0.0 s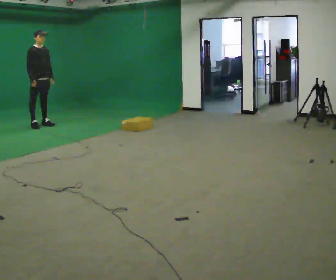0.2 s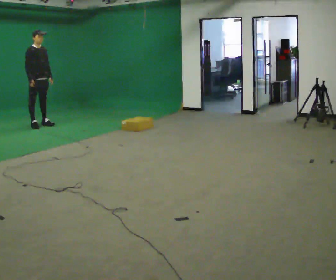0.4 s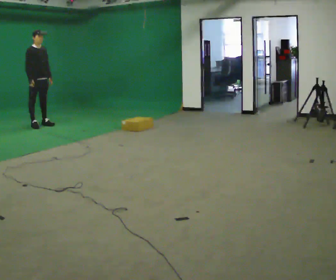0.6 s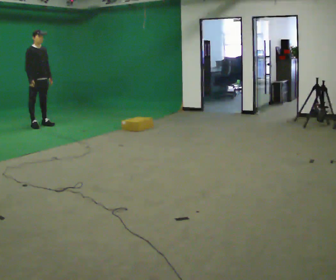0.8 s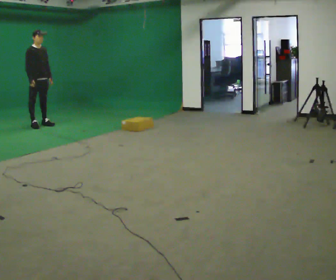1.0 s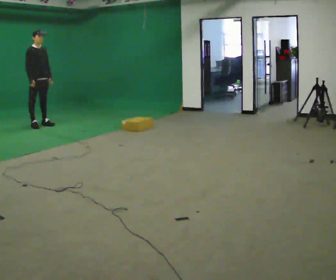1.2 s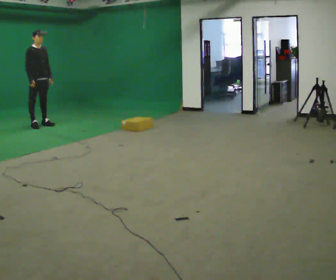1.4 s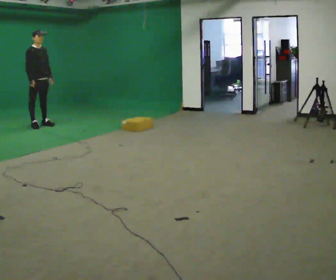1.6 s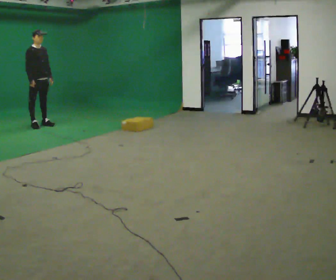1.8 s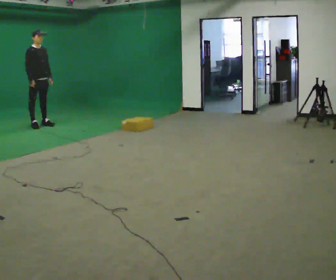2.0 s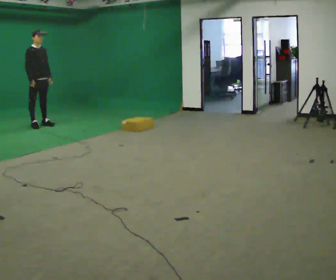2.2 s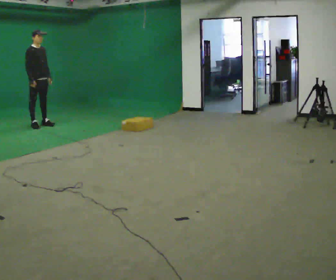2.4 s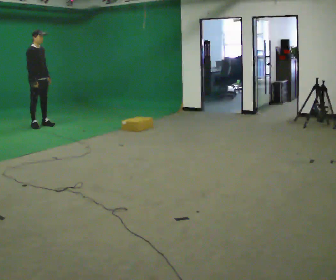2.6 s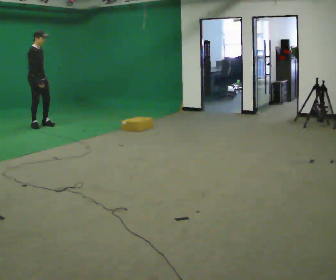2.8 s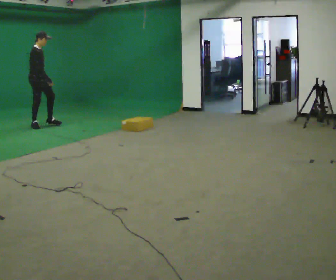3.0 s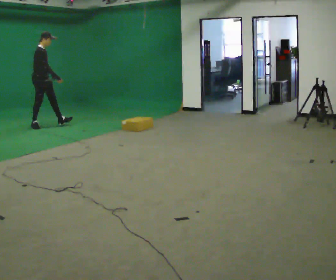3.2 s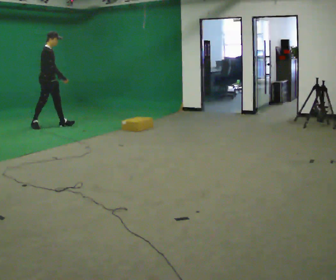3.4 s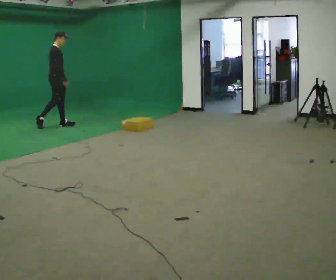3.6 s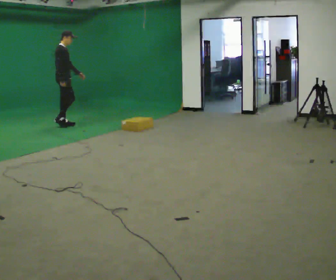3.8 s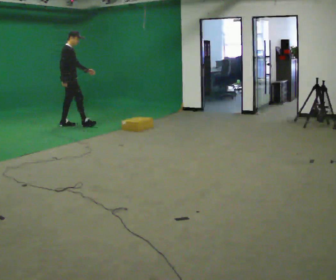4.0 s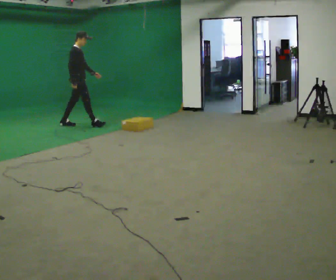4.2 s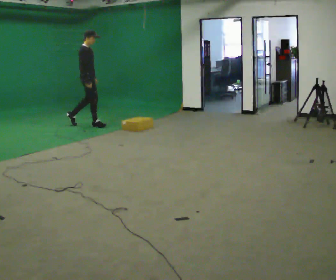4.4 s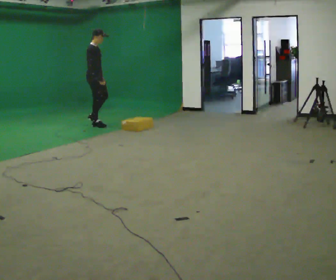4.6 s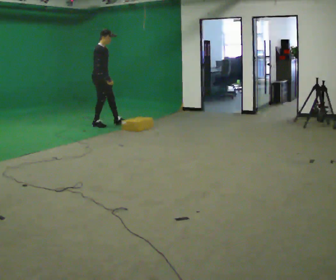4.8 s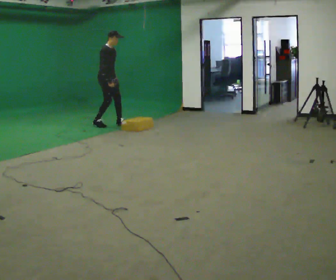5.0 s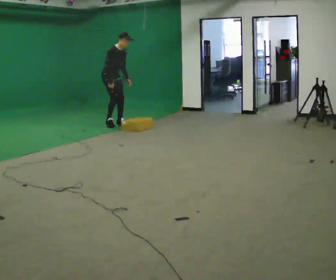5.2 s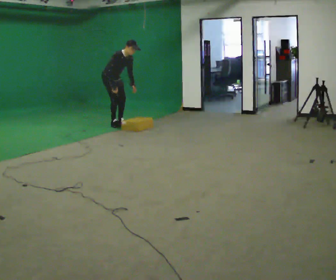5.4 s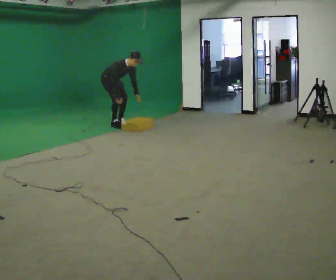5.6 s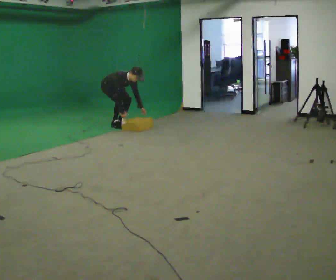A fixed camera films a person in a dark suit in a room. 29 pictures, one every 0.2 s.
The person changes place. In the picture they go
to the right.
The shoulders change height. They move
downward.
0.0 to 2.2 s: The person moves a little, or ends about where they began.
2.2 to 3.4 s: Seen from above the body turns counterclockwise, about 30 degrees: to their left, with its near side sliding to the right. In the picture they go to the right, about 0.25 m in 1 step, which for them is forward.
3.4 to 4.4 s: In the picture they go to the right, about 0.75 m in 1 step, which for them is forward.
4.4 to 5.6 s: The part of the body nearest the lens slides to the left as the person turns to their right by about 30 degrees. In the picture they go to the right, about 0.25 m in 2 steps, which for them is to their left and forward. The shoulders move downward. In the picture the upper body tilts clockwise, shoulders to the right, as they bend forward. In the picture their left hand goes downward.
The film runs forward here.
